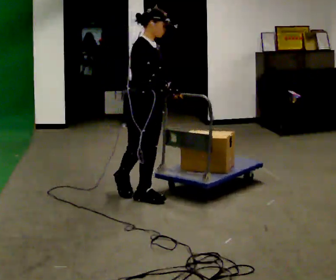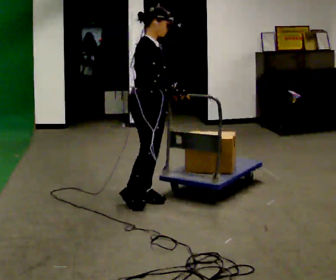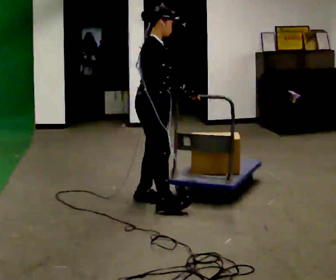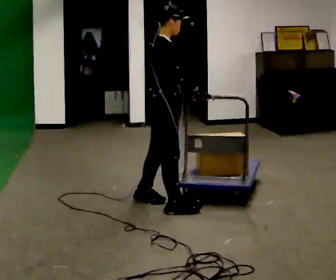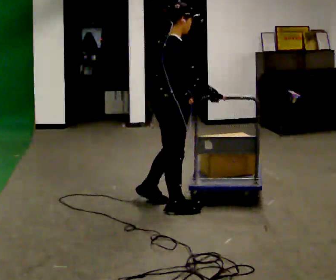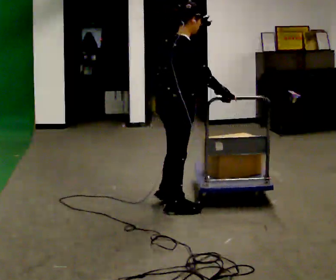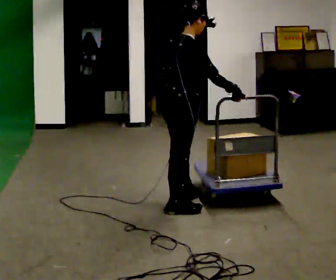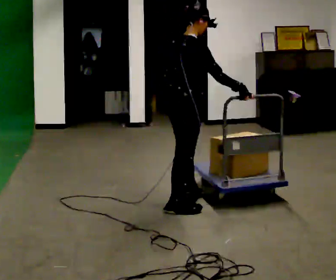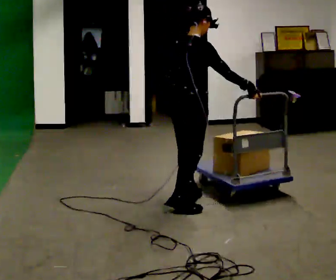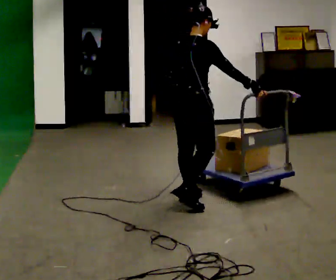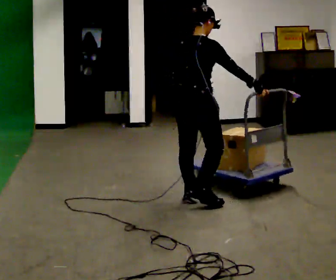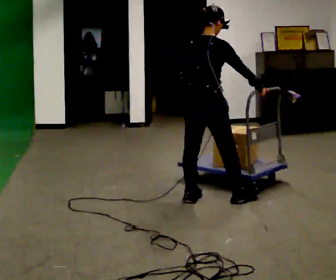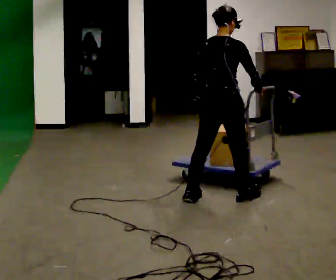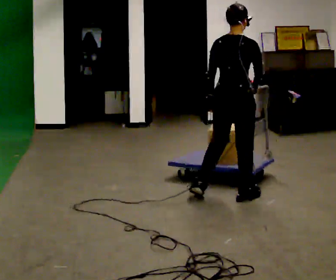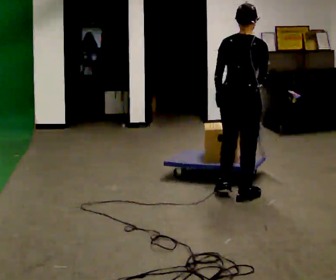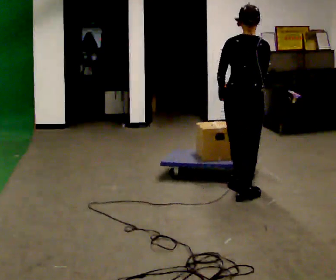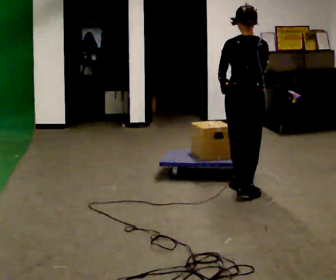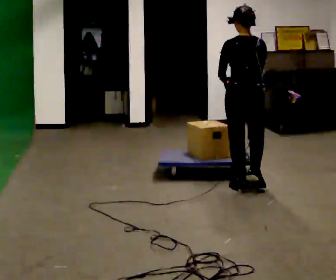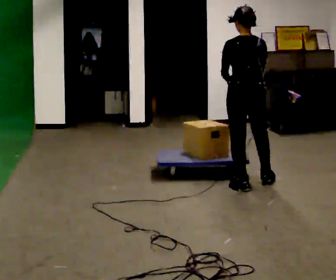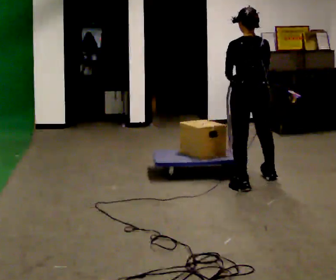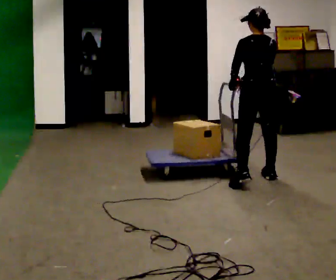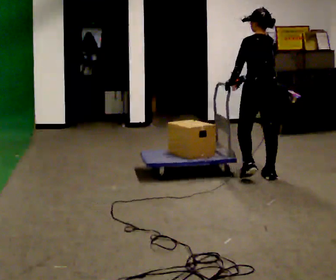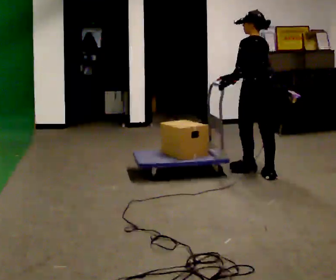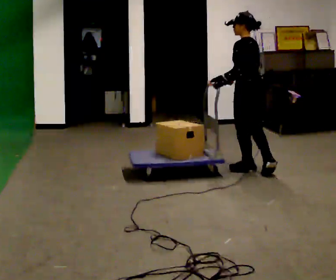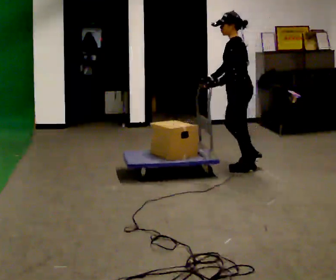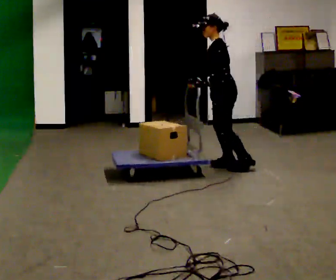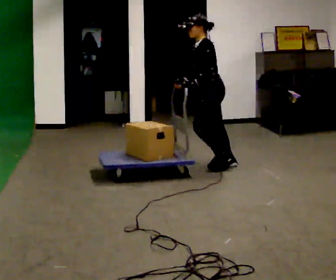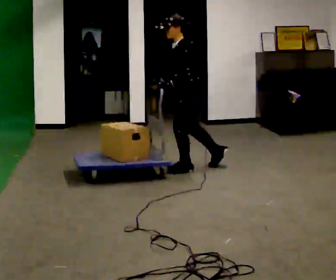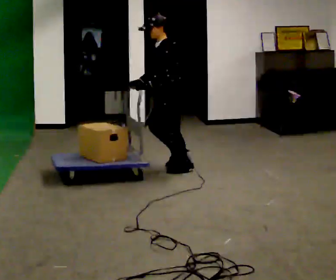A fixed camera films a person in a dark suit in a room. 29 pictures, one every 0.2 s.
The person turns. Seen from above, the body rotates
counterclockwise.
The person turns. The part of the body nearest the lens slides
to the right.
0.0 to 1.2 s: The person turns about 60 degrees to their left, counterclockwise seen from above, so the part of the body nearest the lens slides to the right. In the picture they go to the right and toward the camera, about 0.5 m in 1 step, which for them is to their right and forward.
1.2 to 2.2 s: Seen from above the body turns counterclockwise, about 30 degrees: to their left, with its near side sliding to the right. In the picture they go away from the camera and to the right, about 0.25 m in 1 step, which for them is forward.
2.2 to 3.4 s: The person turns about 45 degrees to their left, counterclockwise seen from above, so the part of the body nearest the lens slides to the right. In the picture they go away from the camera and to the right, about 0.5 m in 2 steps, which for them is forward and to their right.
3.4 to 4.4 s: The part of the body nearest the lens slides to the right as the person turns to their left by about 30 degrees. In the picture they go away from the camera, about 0.5 m in 1 step, which for them is forward and to their right.
4.4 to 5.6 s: The person turns about 60 degrees to their left, counterclockwise seen from above, so the part of the body nearest the lens slides to the right. In the picture they go to the left, about 1 m in 3 steps.
The film runs forward here.
